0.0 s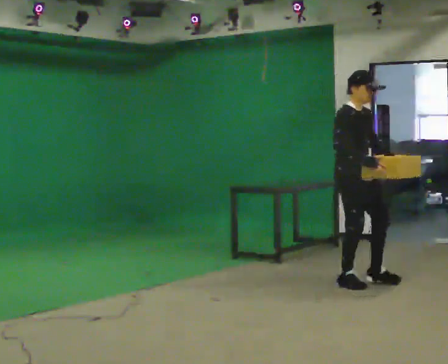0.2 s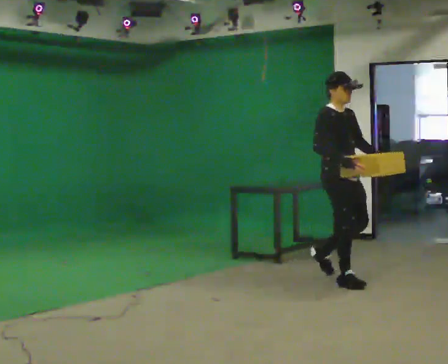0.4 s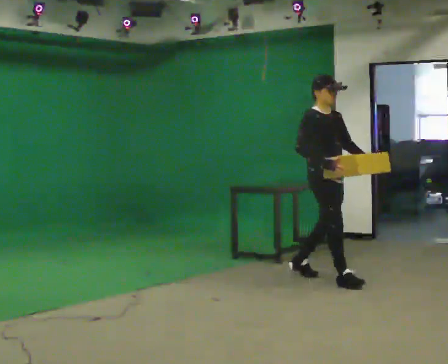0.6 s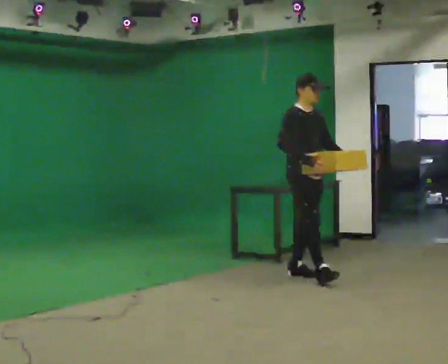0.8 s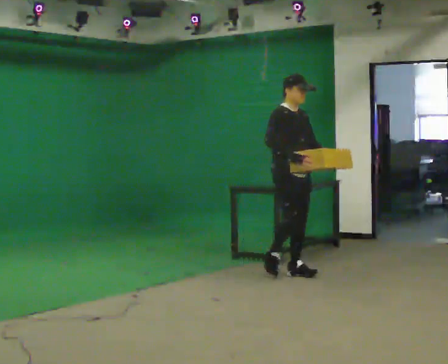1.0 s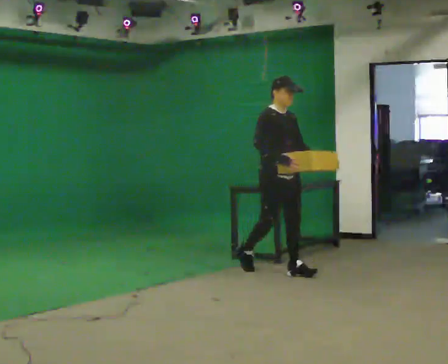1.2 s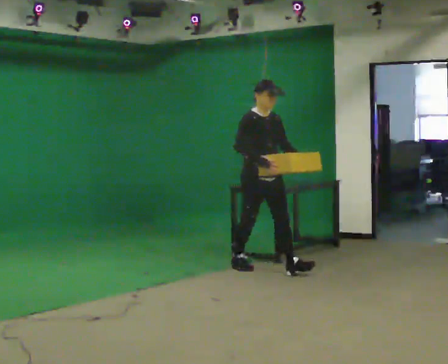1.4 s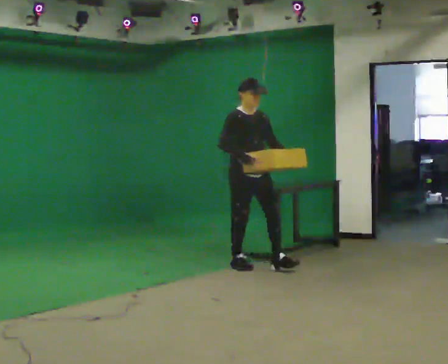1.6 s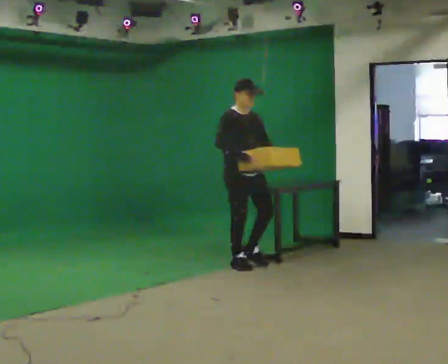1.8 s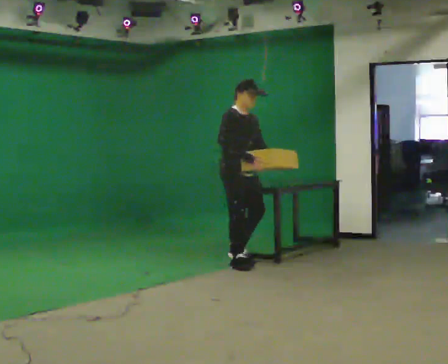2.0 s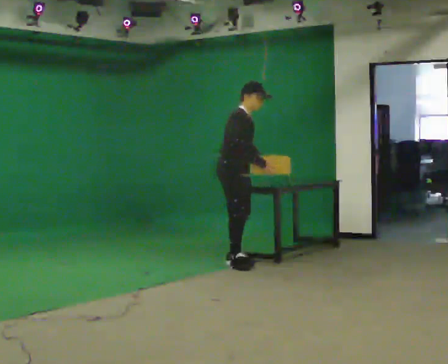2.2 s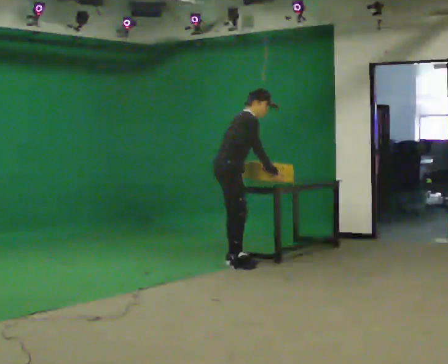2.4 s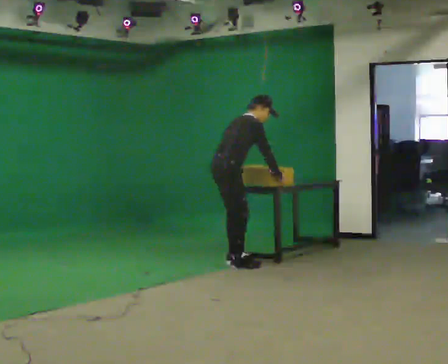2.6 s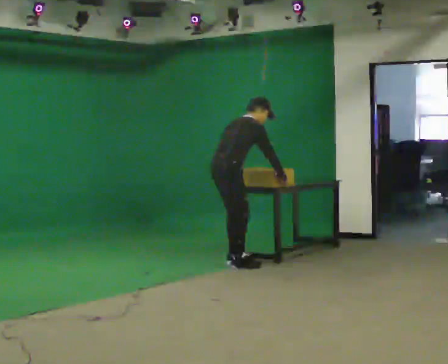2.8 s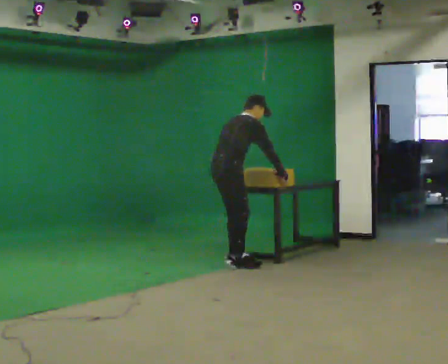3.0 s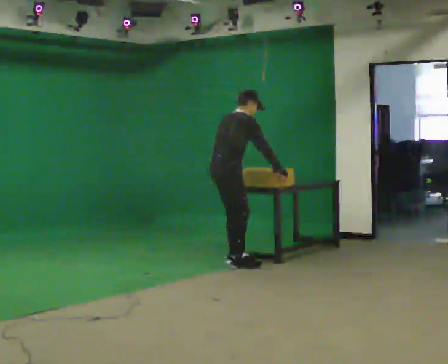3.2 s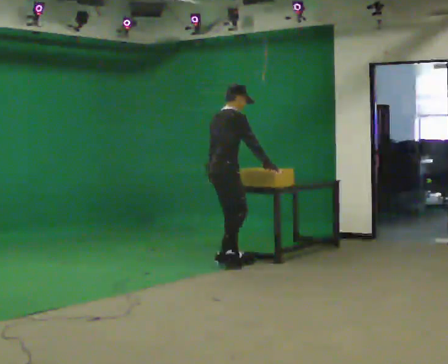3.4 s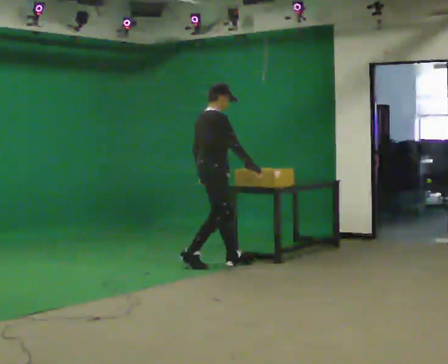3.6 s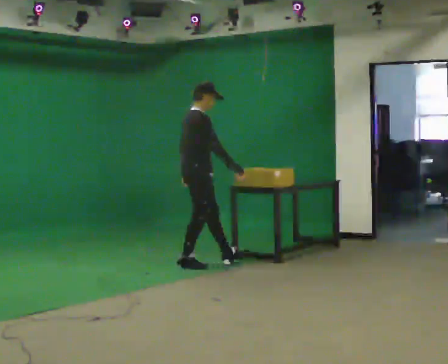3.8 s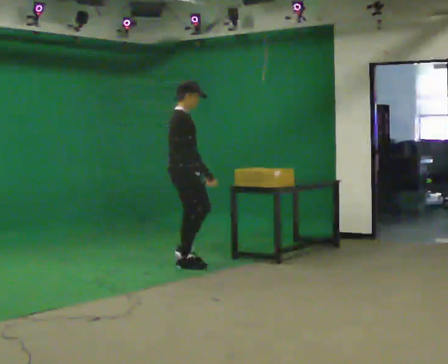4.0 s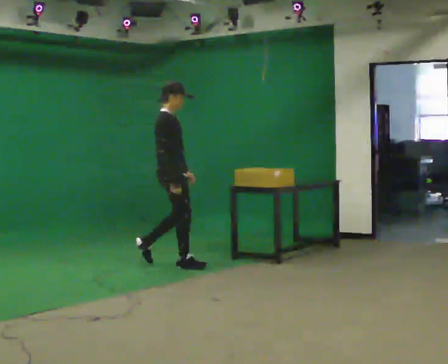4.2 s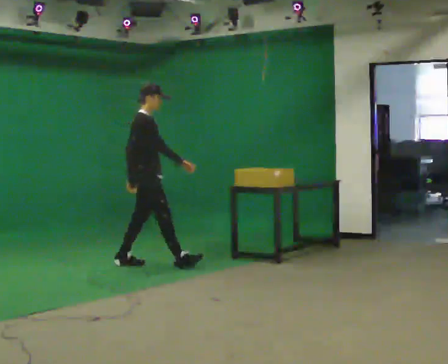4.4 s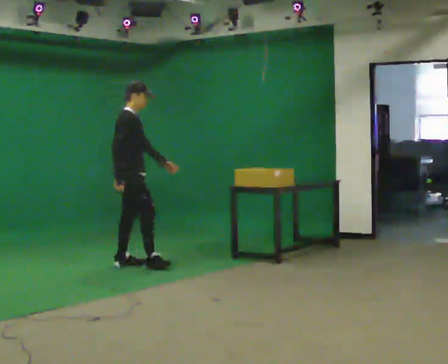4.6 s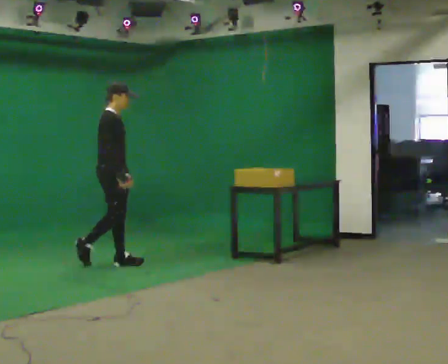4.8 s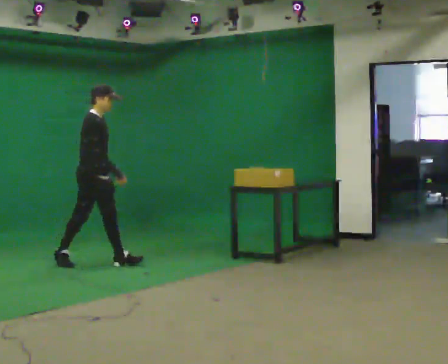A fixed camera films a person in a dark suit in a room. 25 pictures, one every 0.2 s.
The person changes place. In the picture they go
to the left.
0.0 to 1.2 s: In the picture they go to the left and away from the camera, about 1 m in 1 step, which for them is backward.
1.2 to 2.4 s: The part of the body nearest the lens slides to the right as the person turns to their left by about 75 degrees. In the picture they go to the left and away from the camera, about 0.5 m in 1 step. In the picture the upper body tilts clockwise, shoulders to the right, as they bend forward.
2.4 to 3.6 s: In the picture they go to the left, about 0.25 m in 2 steps, which for them is backward. In the picture the upper body tilts counterclockwise, shoulders to the left, as they lean back or straighten.
3.6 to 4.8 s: In the picture they go to the left, about 1 m in 1 step, which for them is backward.
The film runs backward here.
